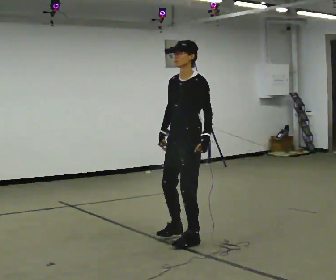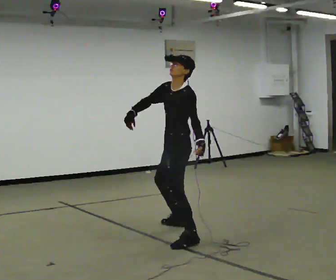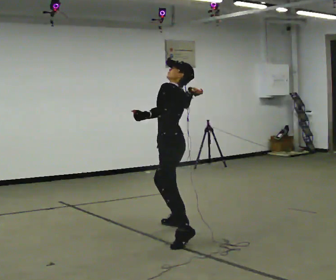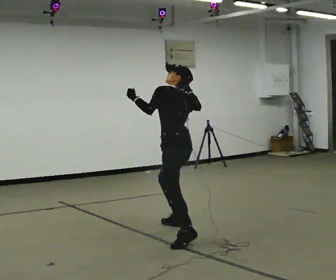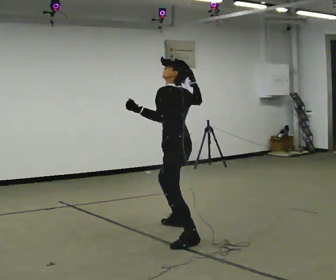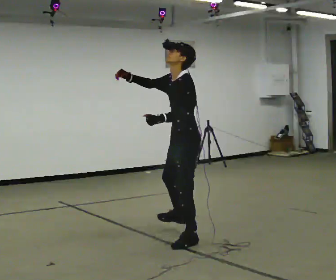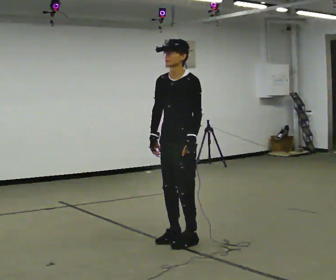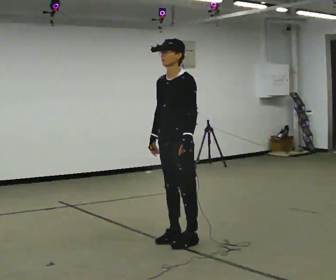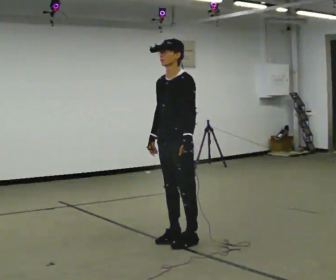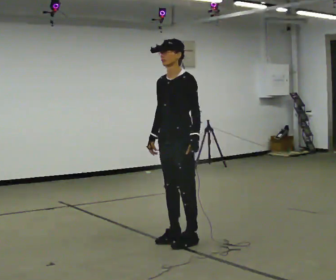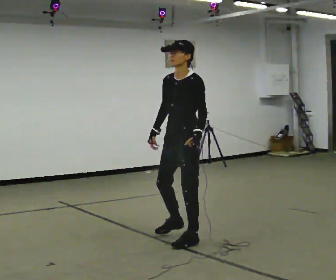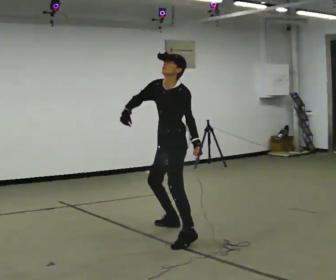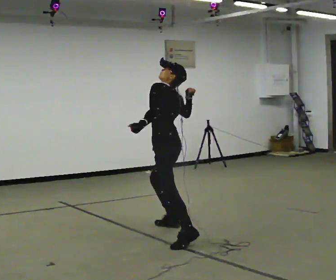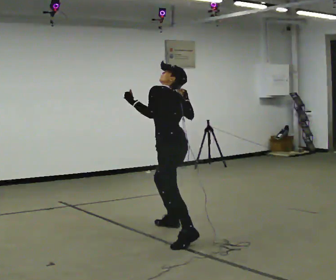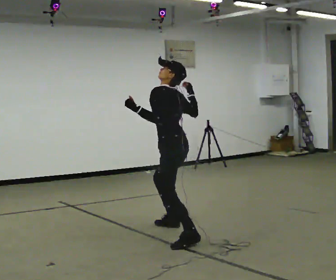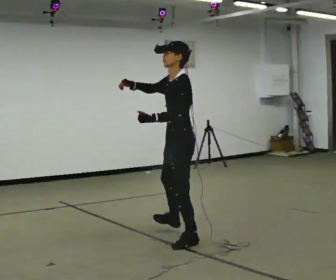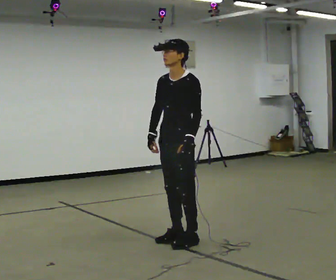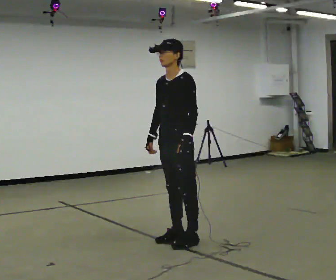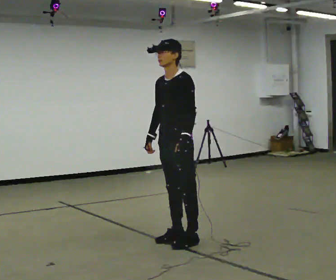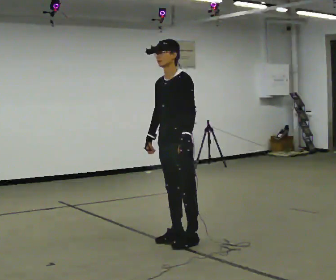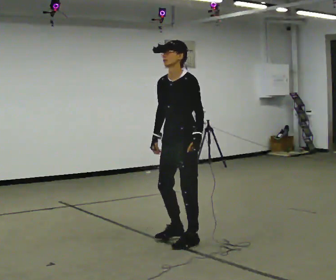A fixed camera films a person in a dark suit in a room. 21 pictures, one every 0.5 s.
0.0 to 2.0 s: The person turns about 75 degrees to their right, clockwise seen from above, so the part of the body nearest the lens slides to the left. In the picture they go away from the camera, about 0.25 m. In the picture their right hand goes upward.
2.0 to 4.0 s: The person turns about 75 degrees to their left, counterclockwise seen from above, so the part of the body nearest the lens slides to the right. In the picture they go toward the camera, about 0.5 m in 1 step. In the picture their right hand goes downward.
4.0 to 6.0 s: The part of the body nearest the lens slides to the left as the person turns to their right by about 60 degrees. In the picture they go away from the camera, about 0.5 m in 1 step. In the picture their right hand goes upward.
6.0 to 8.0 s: The person turns about 60 degrees to their left, counterclockwise seen from above, so the part of the body nearest the lens slides to the right. In the picture they go toward the camera, about 0.5 m in 1 step. In the picture their right hand goes downward.
8.0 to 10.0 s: The person moves a little, or ends about where they began.
The film runs backward here.
